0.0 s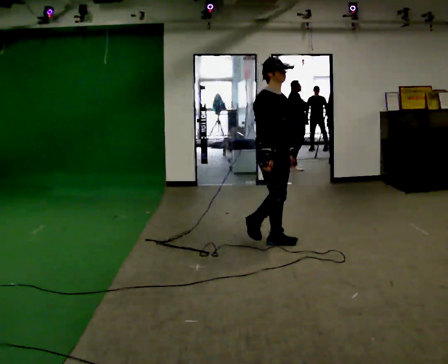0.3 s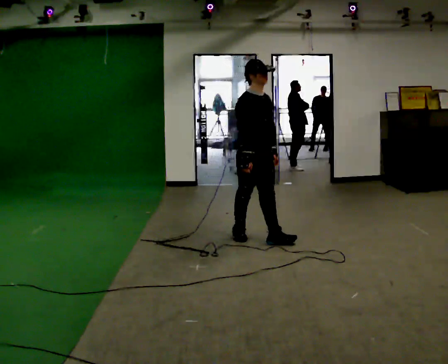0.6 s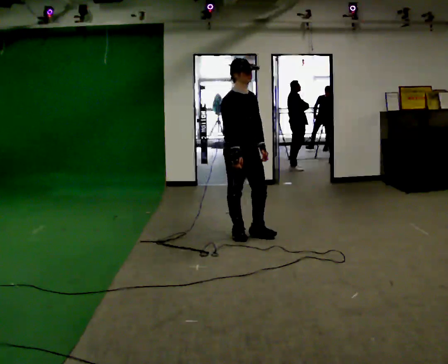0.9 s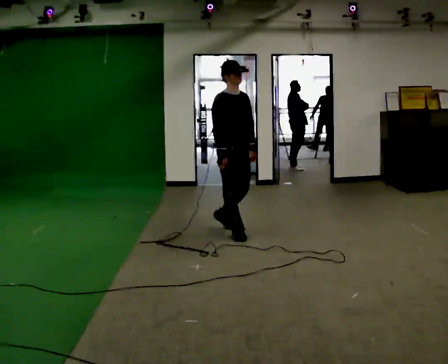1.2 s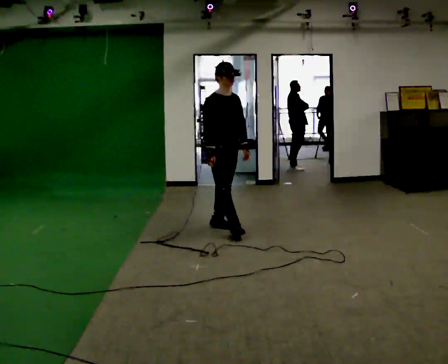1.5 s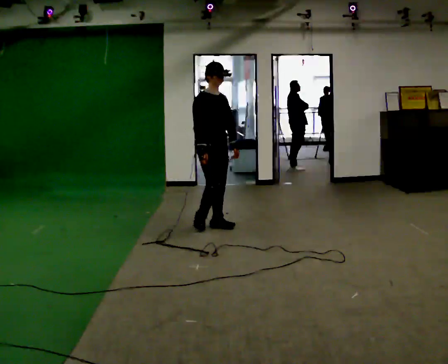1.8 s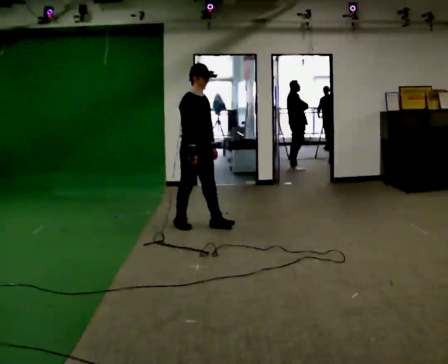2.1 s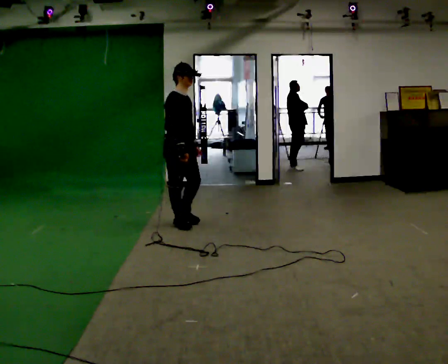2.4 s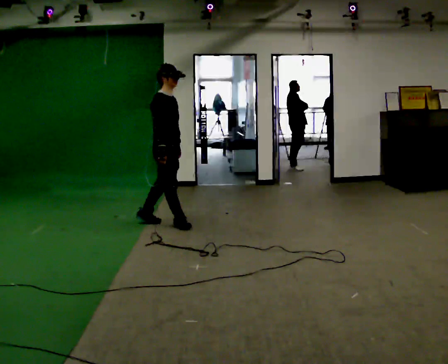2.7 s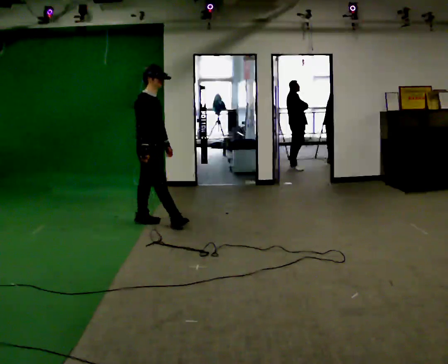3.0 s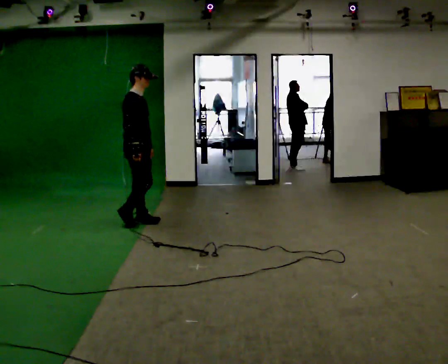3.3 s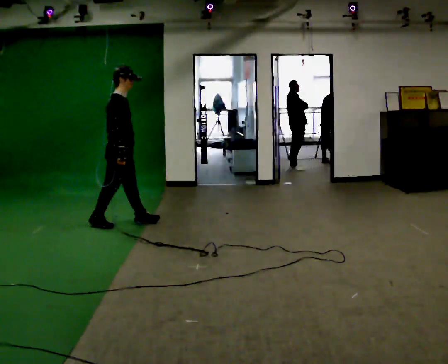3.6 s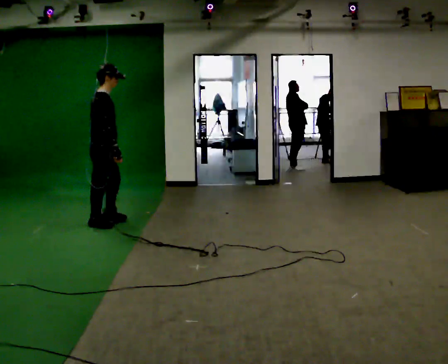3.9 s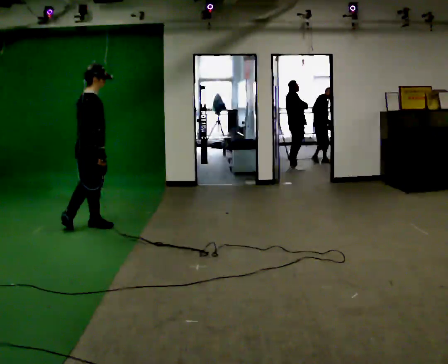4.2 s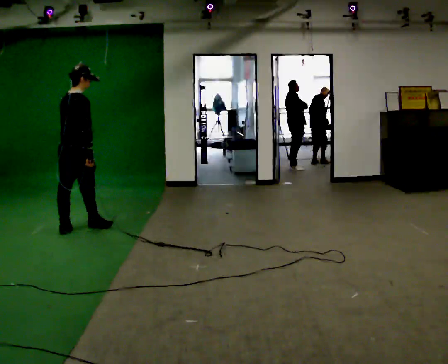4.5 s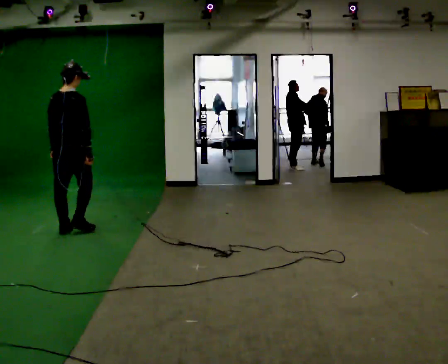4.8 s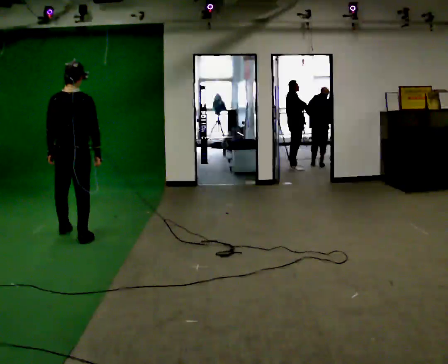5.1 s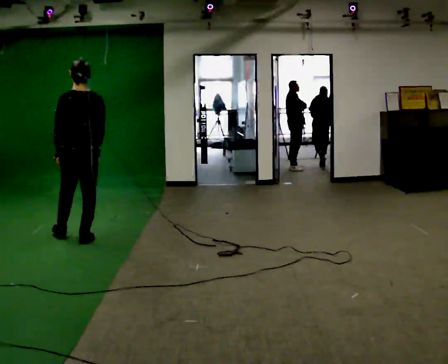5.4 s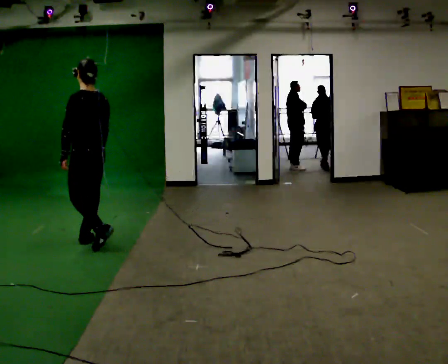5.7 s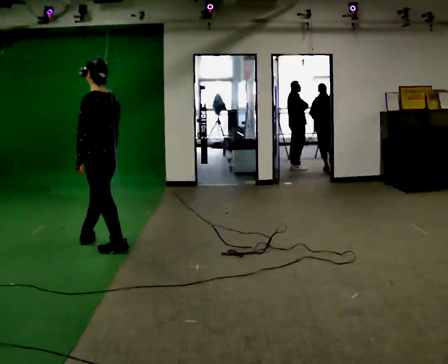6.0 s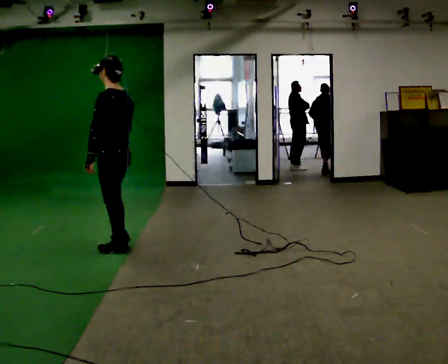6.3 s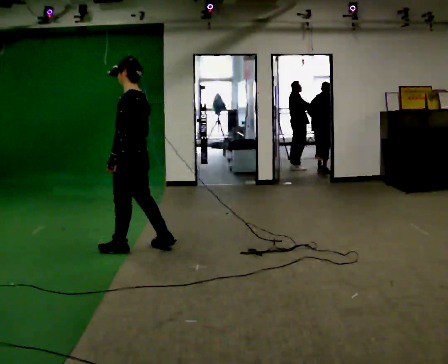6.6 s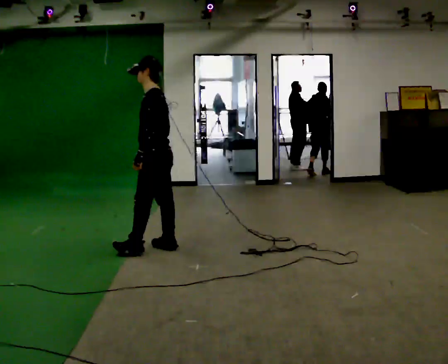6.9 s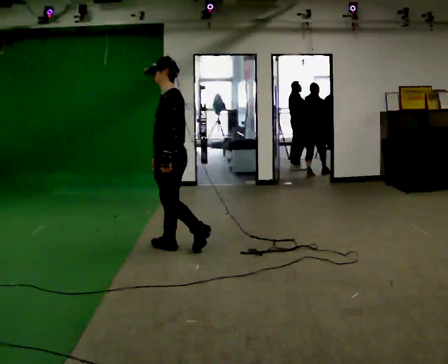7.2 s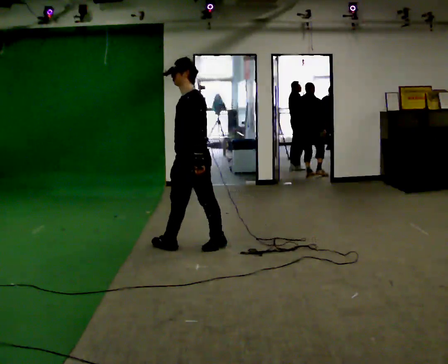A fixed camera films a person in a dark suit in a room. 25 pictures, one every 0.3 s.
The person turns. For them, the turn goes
to their left.
The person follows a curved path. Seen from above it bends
counterclockwise.
0.0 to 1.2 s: In the picture they go away from the camera and to the left, about 0.75 m in 1 step, which for them is backward.
1.2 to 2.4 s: Seen from above the body turns counterclockwise, about 30 degrees: to their left, with its near side sliding to the right. In the picture they go to the left and away from the camera, about 0.5 m in 2 steps, which for them is backward.
2.4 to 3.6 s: The person turns about 30 degrees to their left, counterclockwise seen from above, so the part of the body nearest the lens slides to the right. In the picture they go to the left, about 0.75 m in 2 steps, which for them is backward.
3.6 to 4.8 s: The person turns about 75 degrees to their left, counterclockwise seen from above, so the part of the body nearest the lens slides to the right. In the picture they go toward the camera and to the left, about 0.5 m in 1 step.
4.8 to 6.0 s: The person turns about 75 degrees to their left, counterclockwise seen from above, so the part of the body nearest the lens slides to the right. In the picture they go toward the camera and to the right, about 0.75 m in 2 steps.
6.0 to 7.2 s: Seen from above the body turns counterclockwise, about 45 degrees: to their left, with its near side sliding to the right. In the picture they go to the right, about 0.75 m in 1 step, which for them is backward.
The film runs backward here.
